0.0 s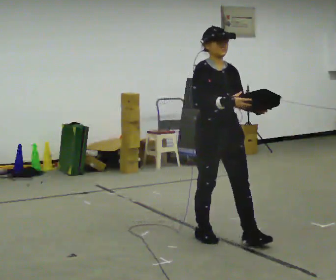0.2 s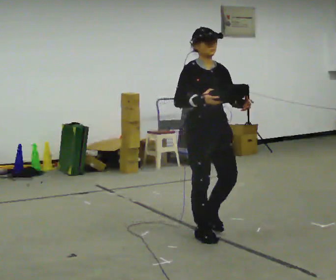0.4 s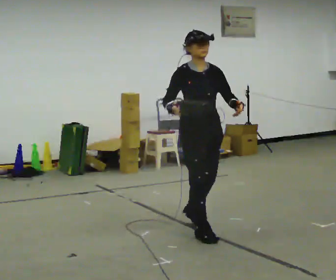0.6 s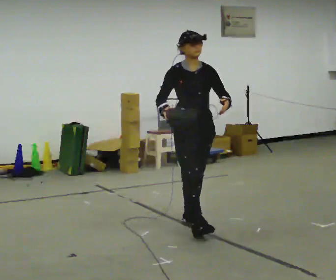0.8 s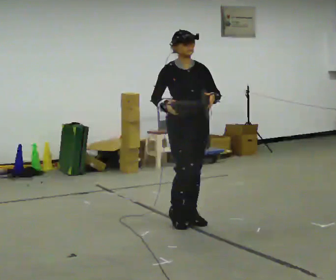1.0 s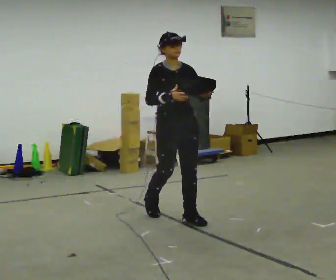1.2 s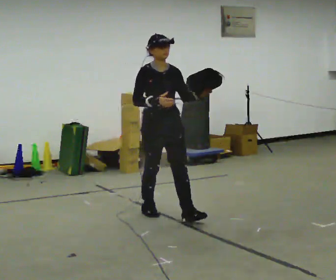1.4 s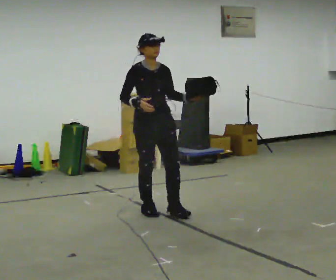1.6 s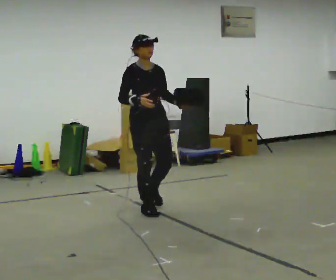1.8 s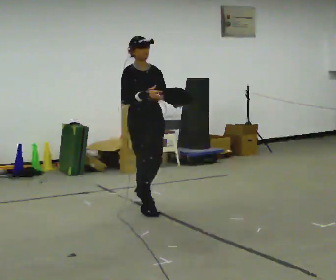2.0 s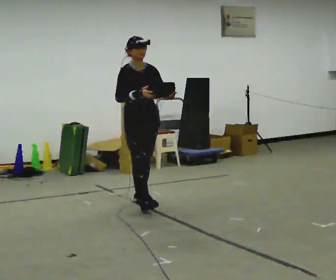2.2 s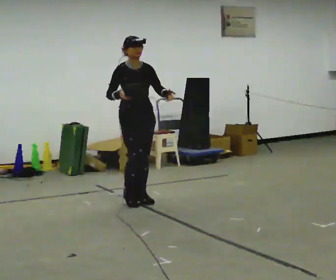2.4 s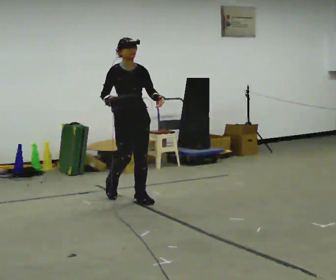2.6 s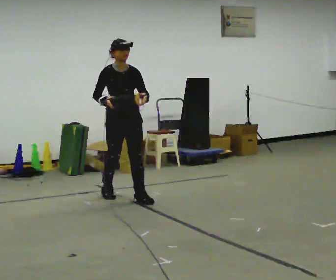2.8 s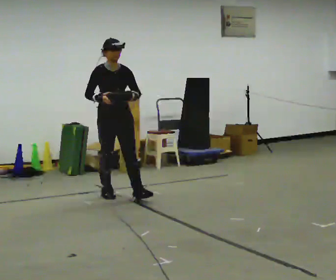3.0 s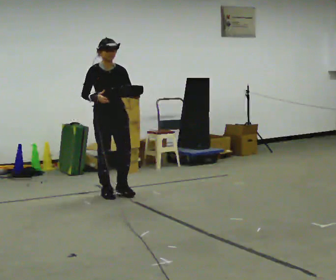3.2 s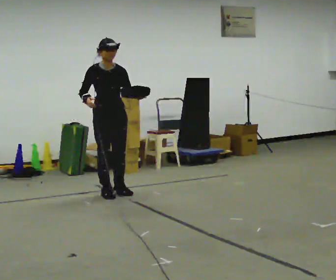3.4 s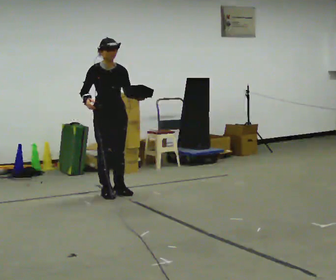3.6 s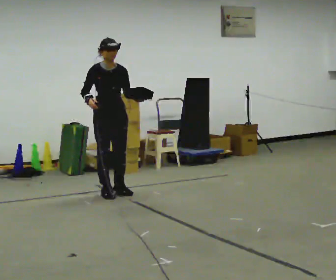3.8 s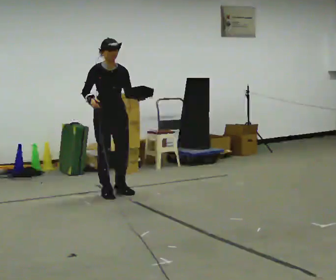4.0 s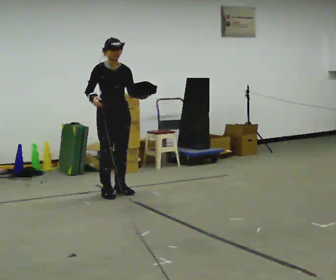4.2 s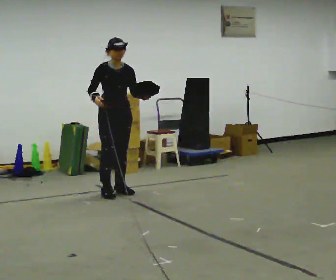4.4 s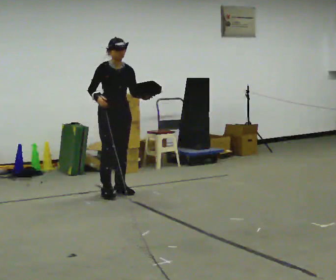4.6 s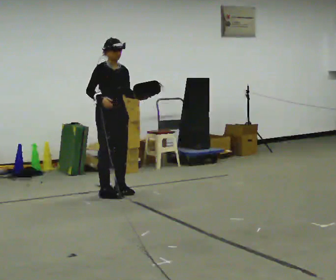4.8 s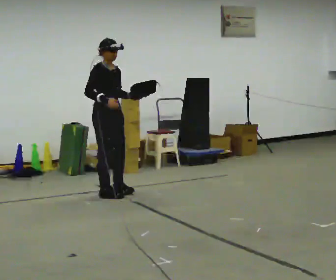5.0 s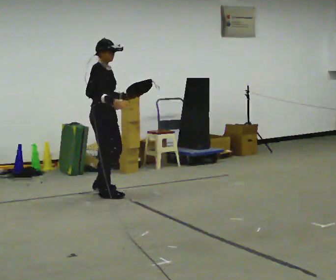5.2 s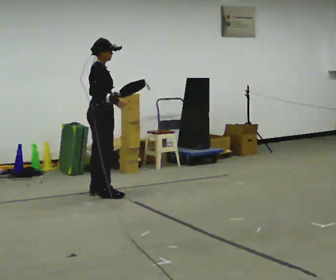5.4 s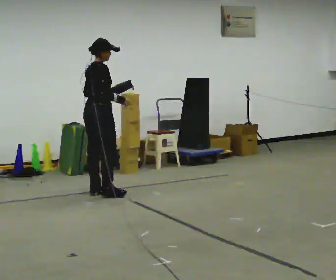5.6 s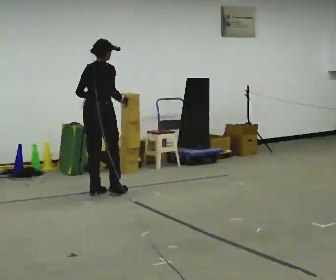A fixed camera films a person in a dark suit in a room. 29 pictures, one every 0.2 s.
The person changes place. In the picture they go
away from the camera.
0.0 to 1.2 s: In the picture they go away from the camera and to the left, about 1 m in 1 step, which for them is backward.
1.2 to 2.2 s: In the picture they go away from the camera and to the left, about 0.5 m in 2 steps, which for them is backward.
2.2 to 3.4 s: In the picture they go away from the camera and to the left, about 0.5 m in 1 step, which for them is backward.
3.4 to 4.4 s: The person moves a little, or ends about where they began.
4.4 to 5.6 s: The part of the body nearest the lens slides to the right as the person turns to their left by about 105 degrees. In the picture they go to the left, about 0.25 m in 2 steps. In the picture their left hand goes to the left.
The film runs backward here.
